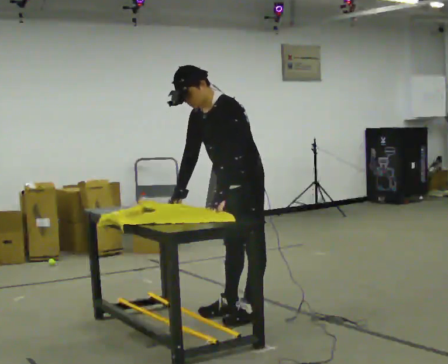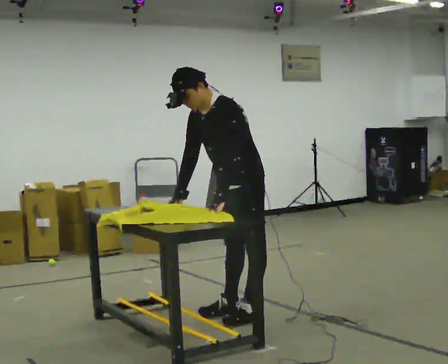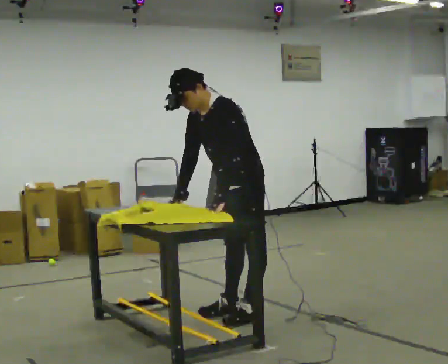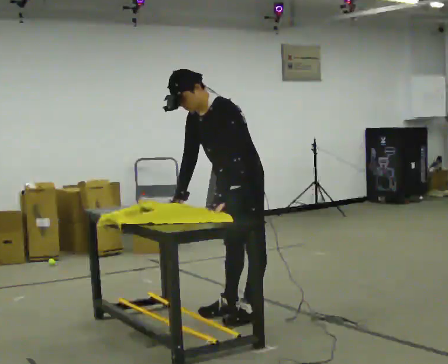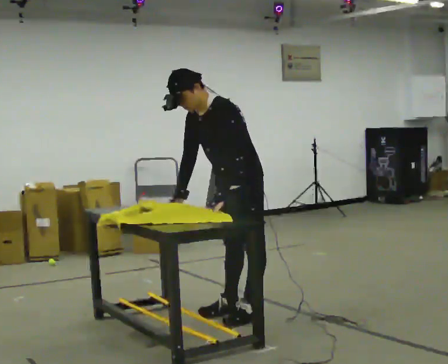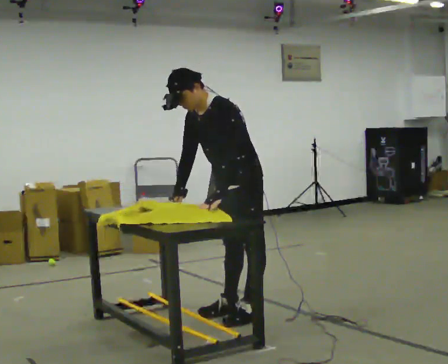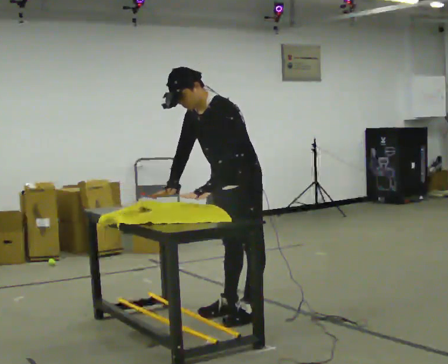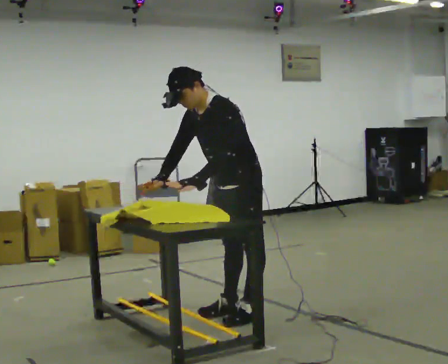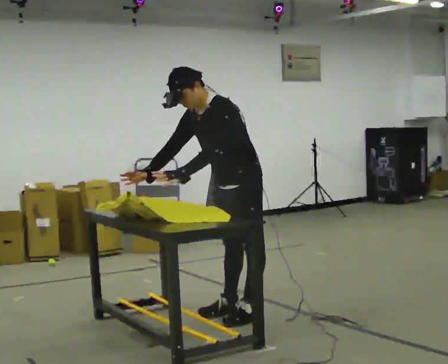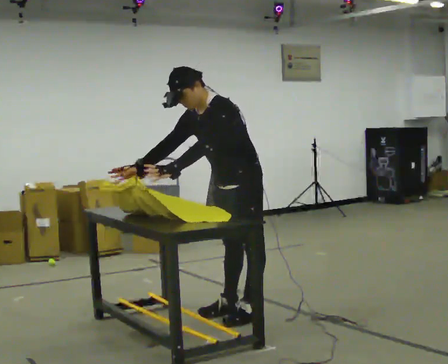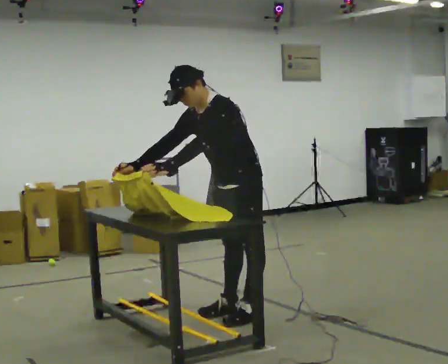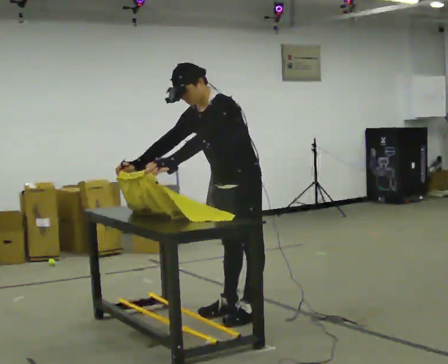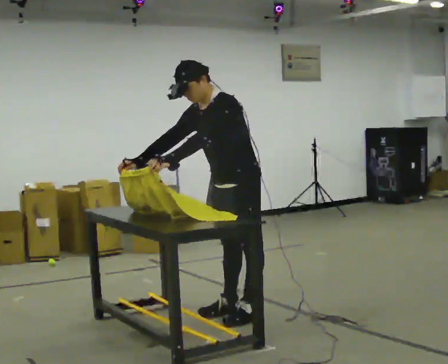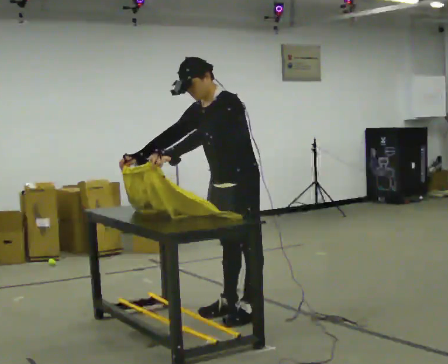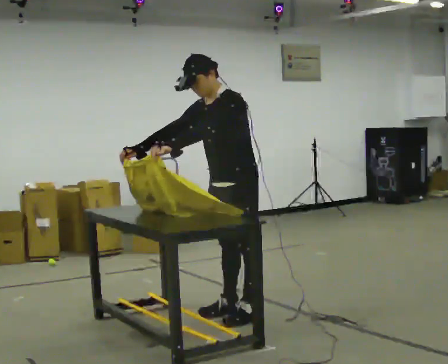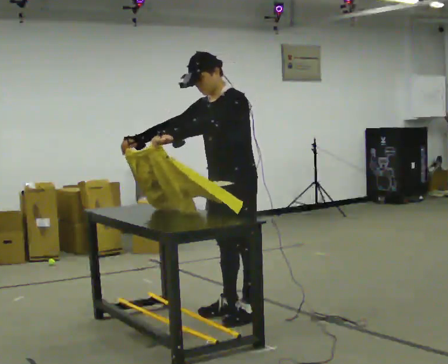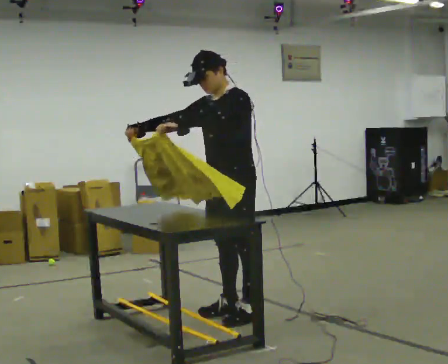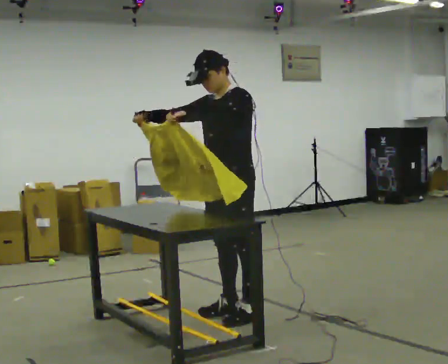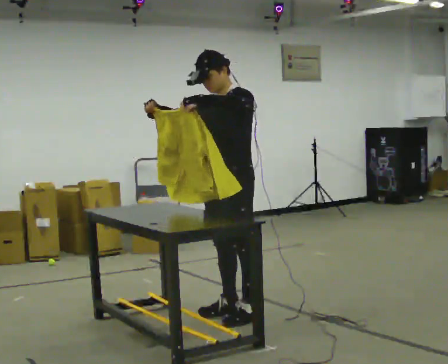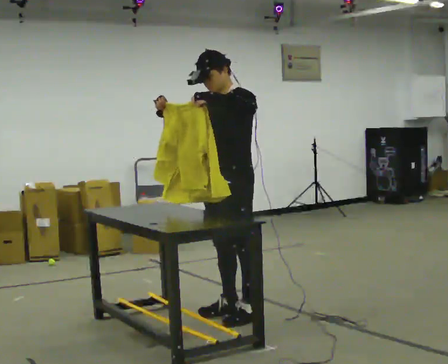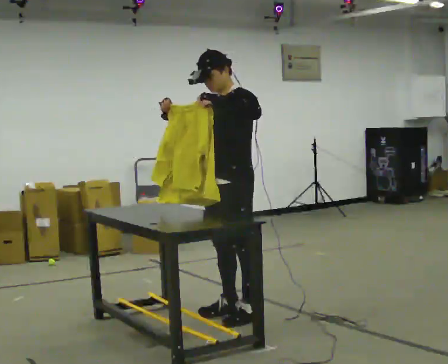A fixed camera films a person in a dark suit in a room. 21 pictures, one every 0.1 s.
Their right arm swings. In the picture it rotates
clockwise.
Their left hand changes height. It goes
upward.
0.0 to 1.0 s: The person moves a little, or ends about where they began.
1.0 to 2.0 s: In the picture the upper body tilts clockwise, shoulders to the right, as they lean back or straighten. In the picture their left hand goes upward.
The film runs backward here.
